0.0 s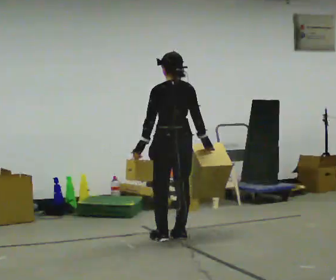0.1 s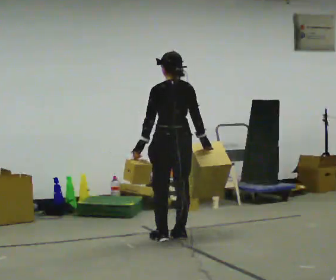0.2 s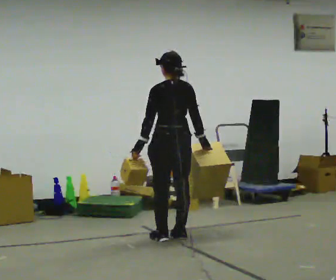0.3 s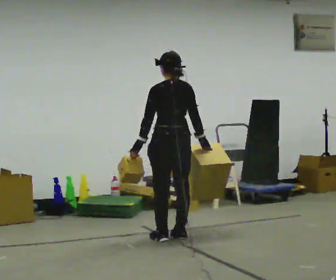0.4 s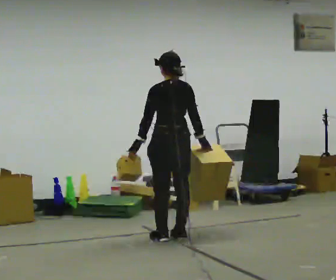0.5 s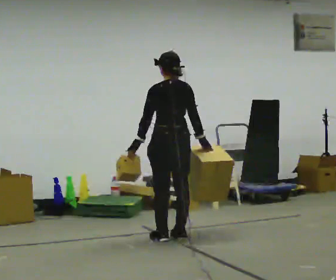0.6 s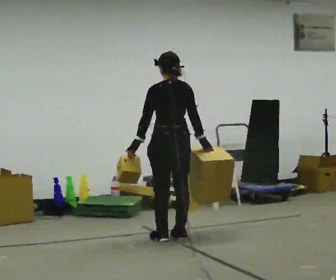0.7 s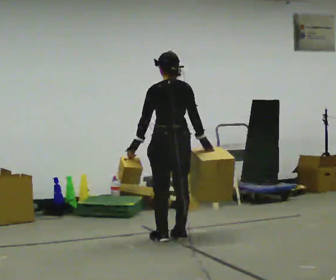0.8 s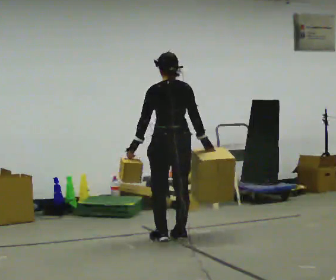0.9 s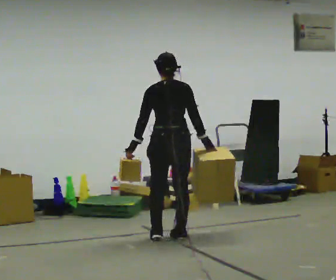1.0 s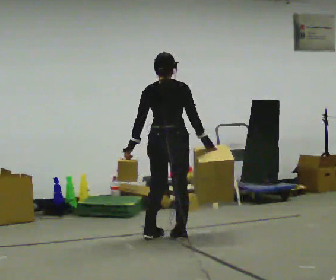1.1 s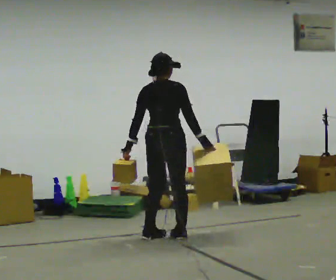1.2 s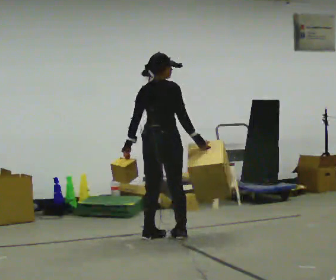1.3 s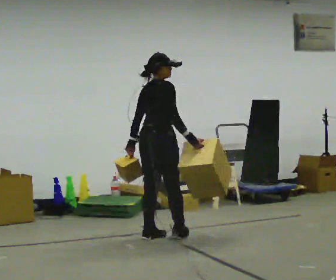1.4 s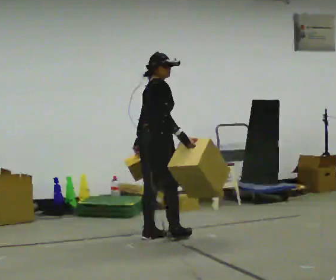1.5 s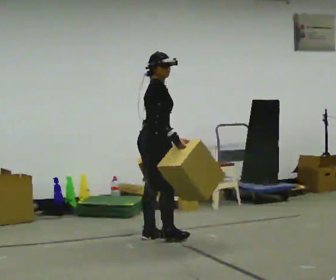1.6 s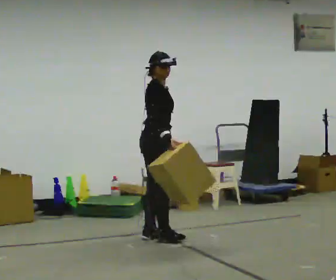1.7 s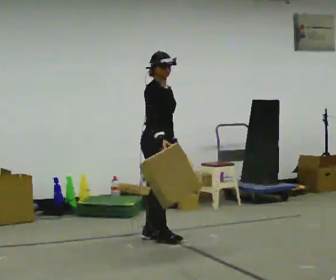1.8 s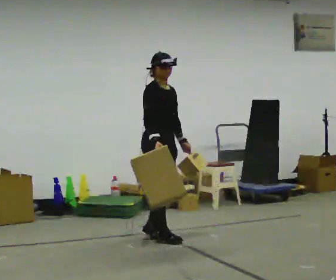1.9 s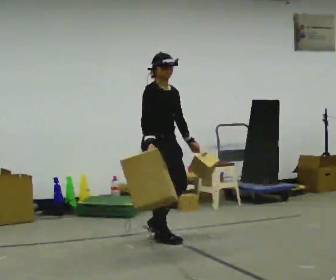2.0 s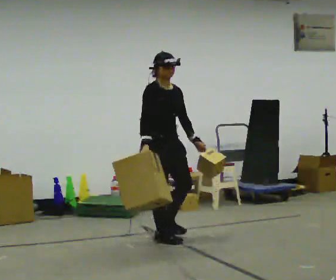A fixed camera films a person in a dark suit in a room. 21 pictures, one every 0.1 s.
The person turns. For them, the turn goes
to their right.
The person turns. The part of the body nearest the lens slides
to the left.
0.0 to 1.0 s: The person turns about 30 degrees to their right, clockwise seen from above, so the part of the body nearest the lens slides to the left.
1.0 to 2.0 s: The part of the body nearest the lens slides to the left as the person turns to their right by about 120 degrees. In the picture their left hand goes to the right, the arm swinging counterclockwise.
The film runs forward here.
